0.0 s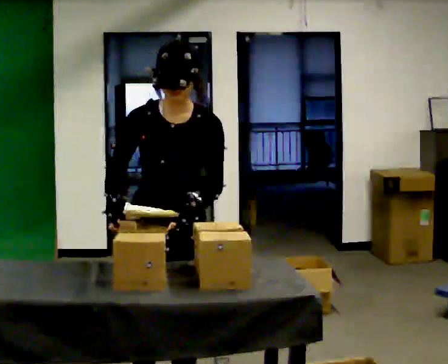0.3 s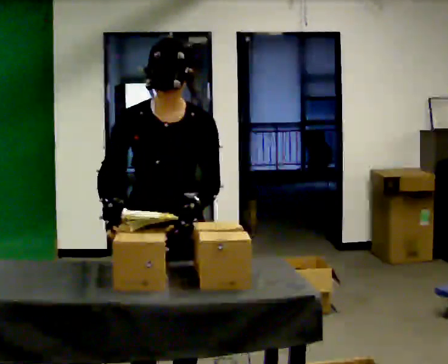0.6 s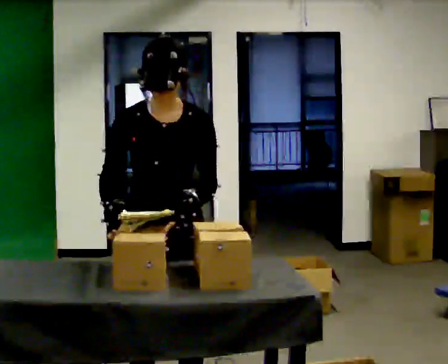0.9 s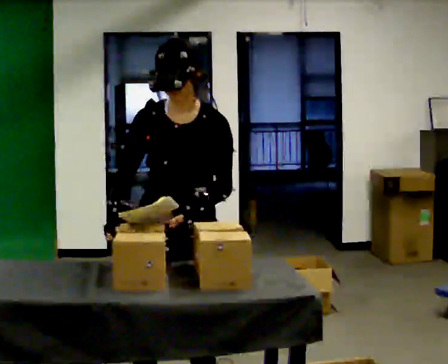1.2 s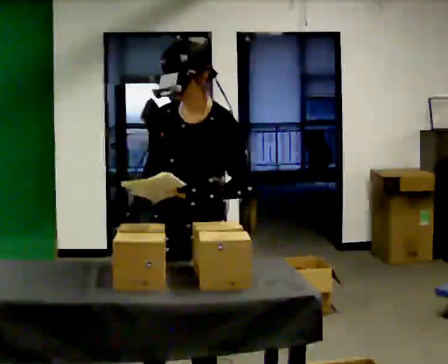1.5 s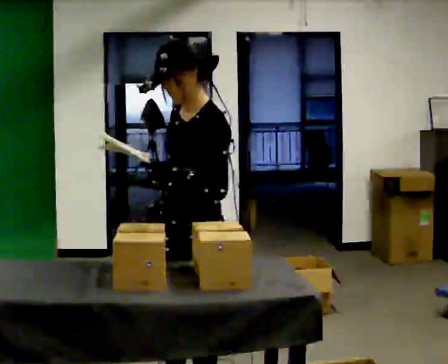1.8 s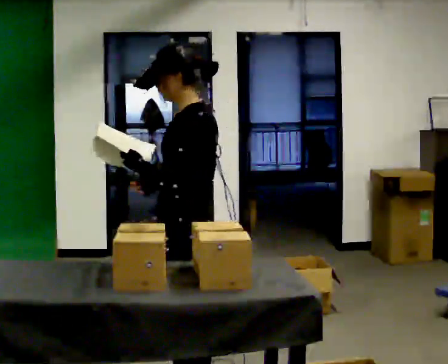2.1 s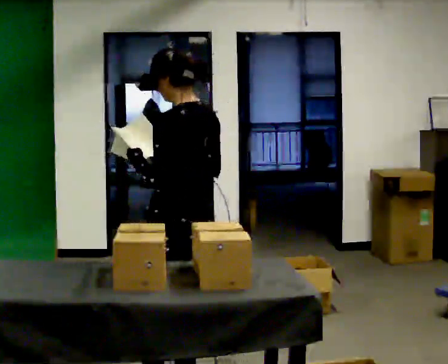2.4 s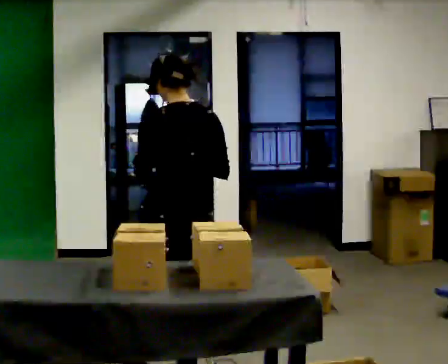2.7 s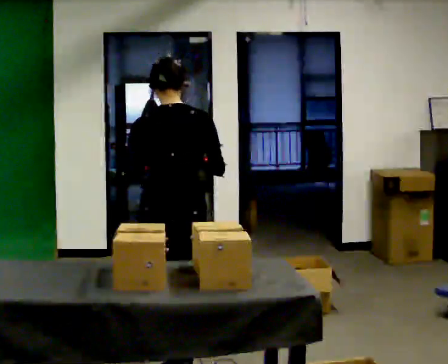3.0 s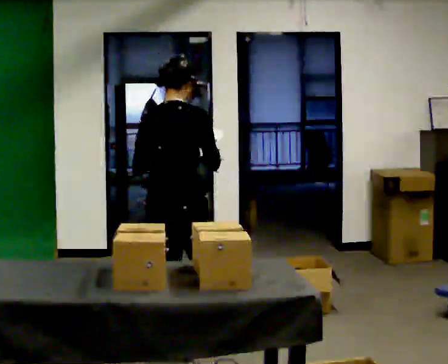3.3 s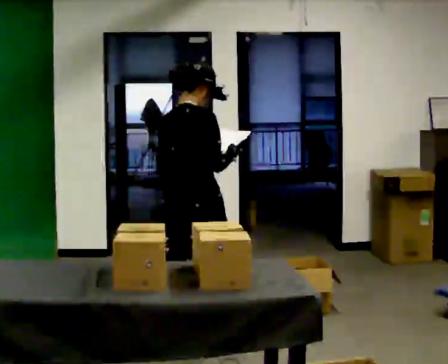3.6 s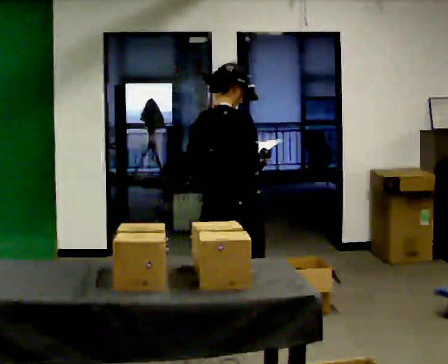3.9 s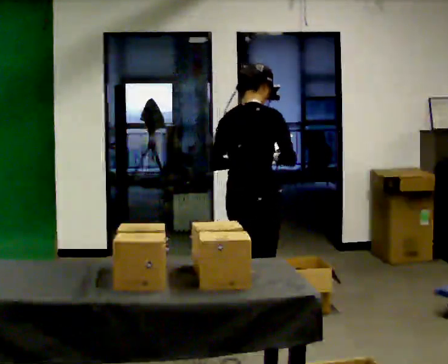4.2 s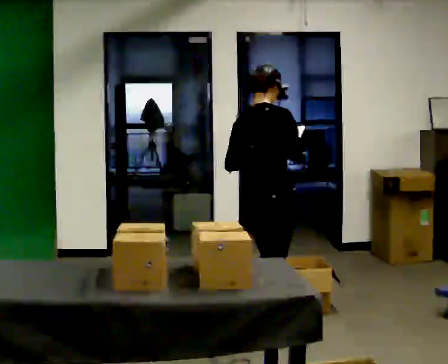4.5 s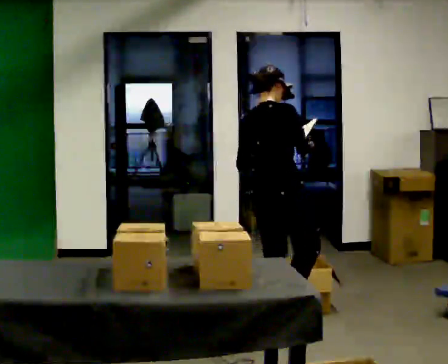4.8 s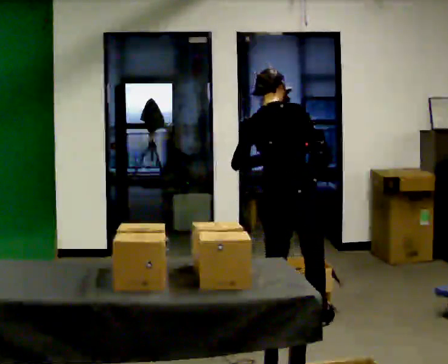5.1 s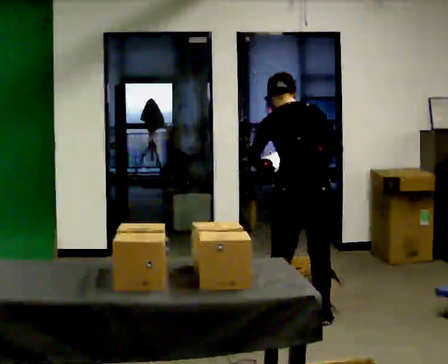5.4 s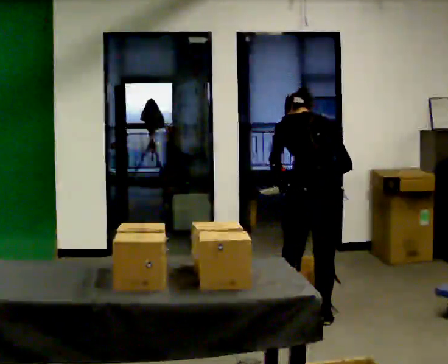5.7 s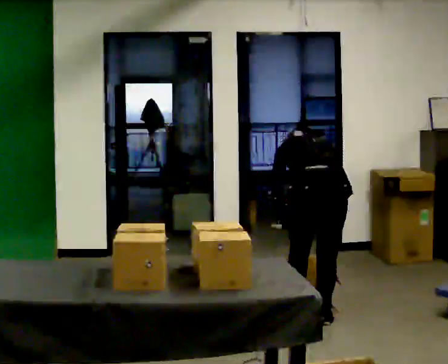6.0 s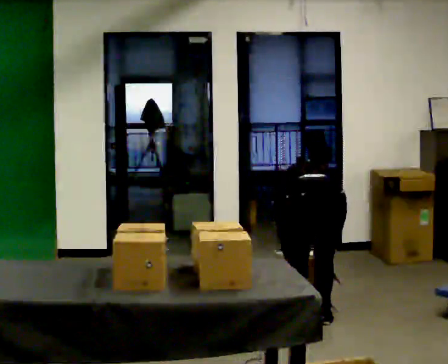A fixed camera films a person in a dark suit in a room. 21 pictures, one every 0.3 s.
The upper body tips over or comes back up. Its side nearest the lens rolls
upward.
0.0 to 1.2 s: The part of the body nearest the lens slides to the left as the person turns to their right by about 45 degrees.
1.2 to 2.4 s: The part of the body nearest the lens slides to the left as the person turns to their right by about 120 degrees. In the picture they go away from the camera, about 0.25 m in 1 step.
2.4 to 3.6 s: Seen from above the body turns clockwise, about 60 degrees: to their right, with its near side sliding to the left. In the picture they go away from the camera, about 0.5 m in 2 steps.
3.6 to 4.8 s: In the picture they go away from the camera and to the right, about 0.5 m in 1 step, which for them is forward.
4.8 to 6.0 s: The part of the body nearest the lens slides to the right as the person turns to their left by about 45 degrees. In the picture they go to the right, about 0.25 m in 1 step, which for them is to their right. The upper body goes downward. The upper body tips away from the camera, its near side rolling upward, as they bend forward. In the picture their right hand goes downward.
The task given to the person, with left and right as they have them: 1. Read the parts list. 2. Collect each part from the bins around the room. 3. Lay them out on the table in the order on the list. 4. Put them all in the carry case. 5. Tell the operator when you are finished.
The film runs forward here.
